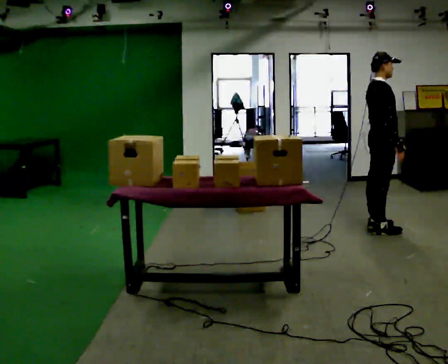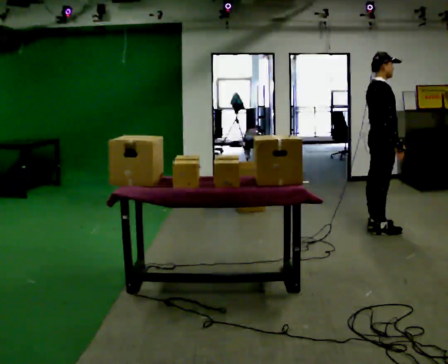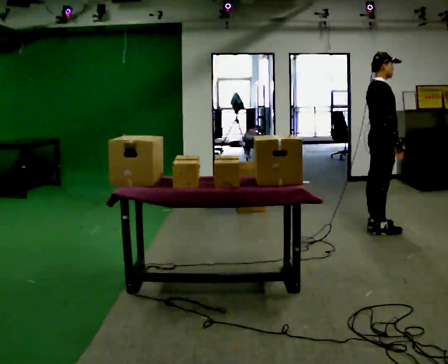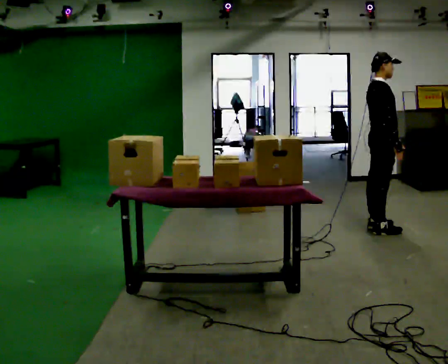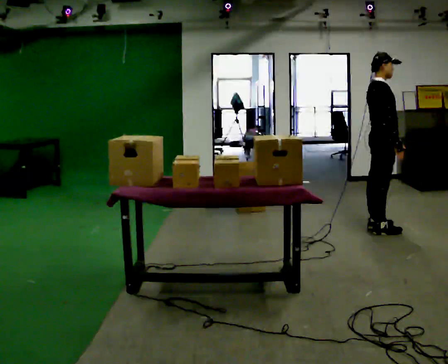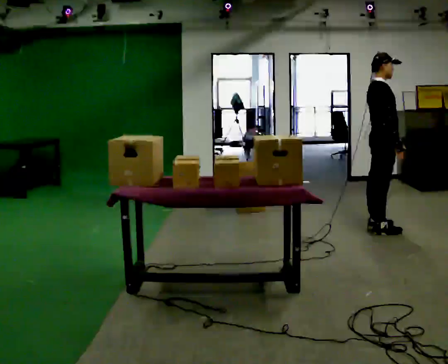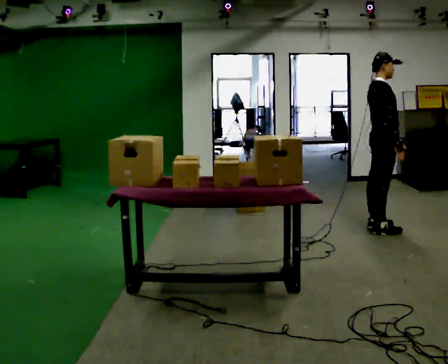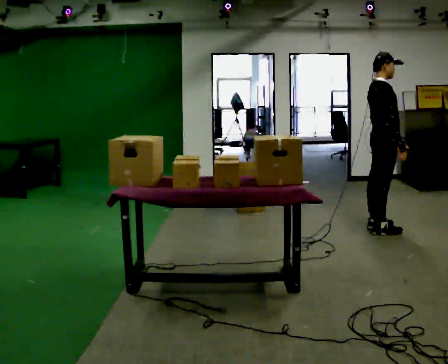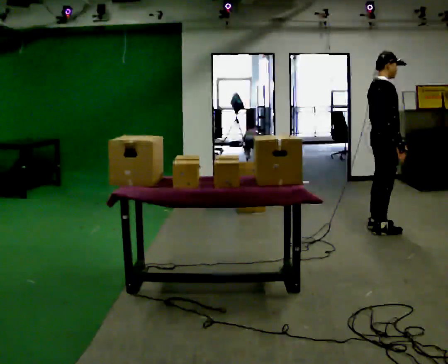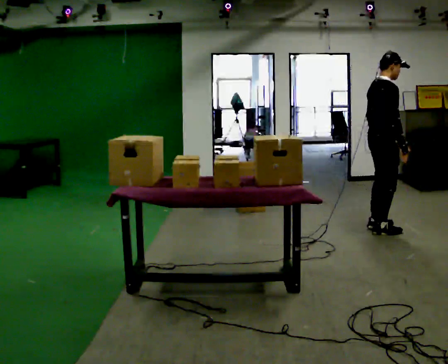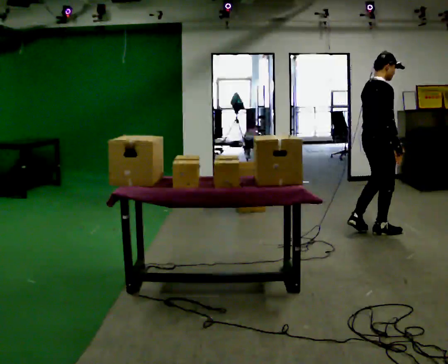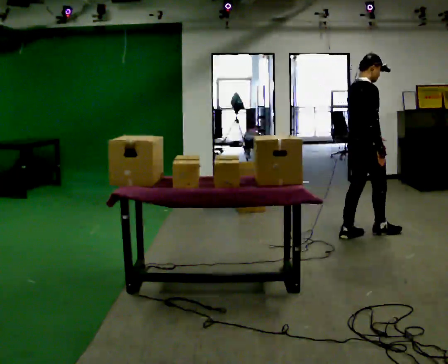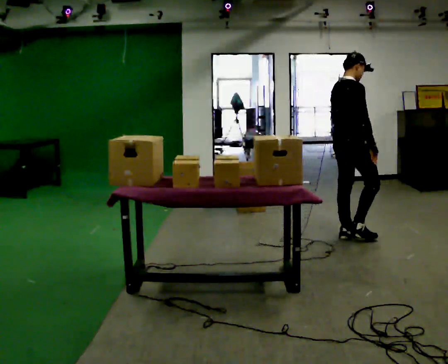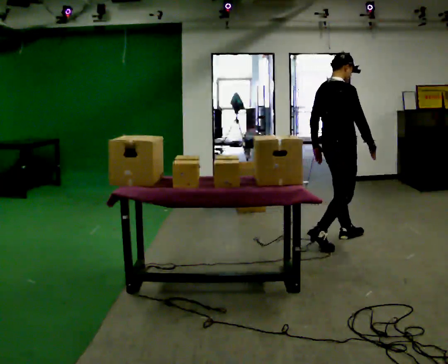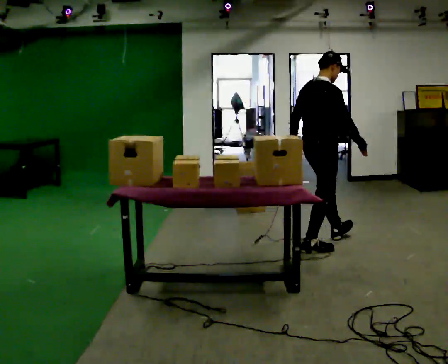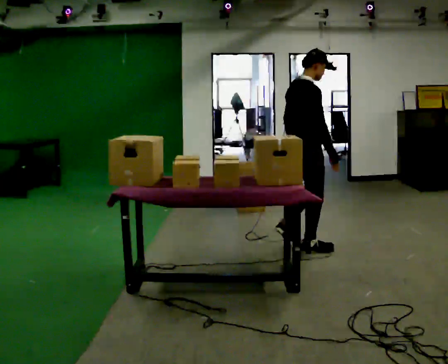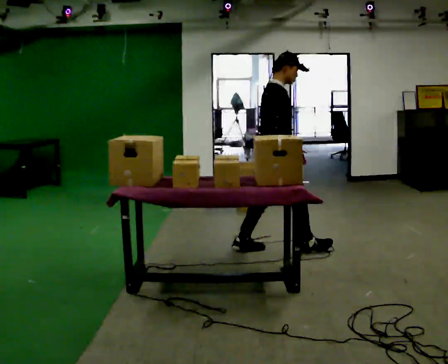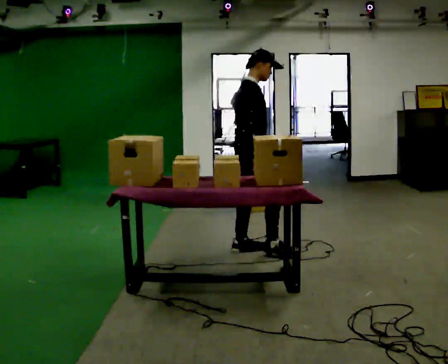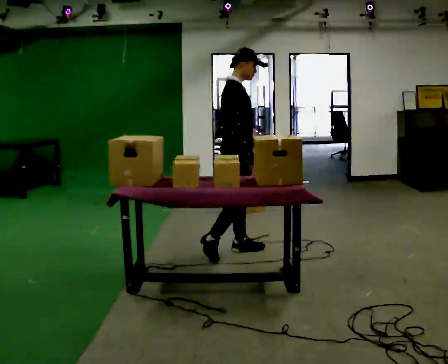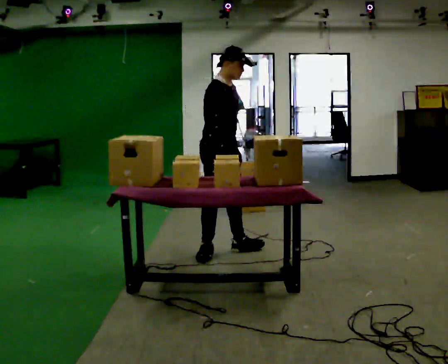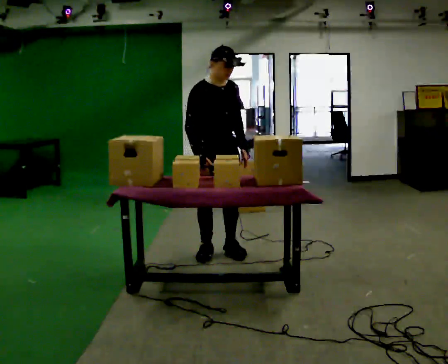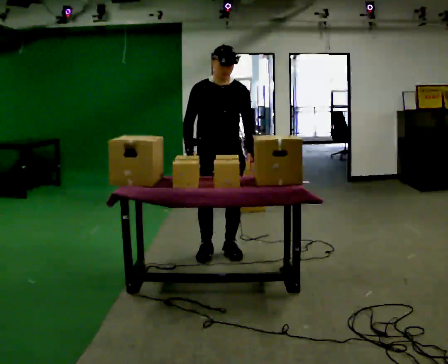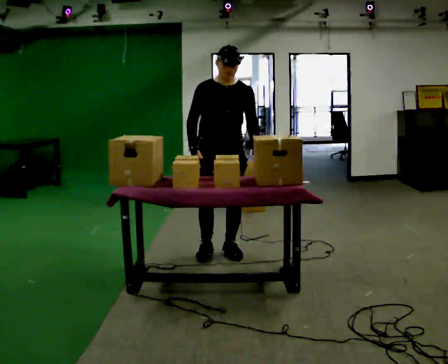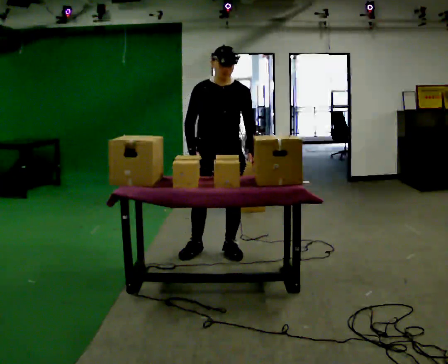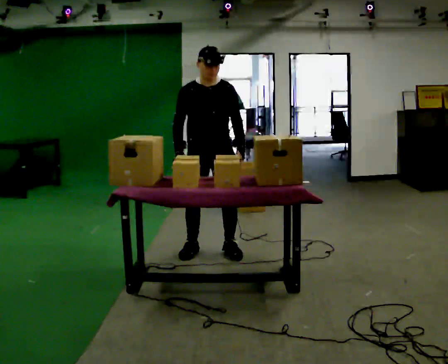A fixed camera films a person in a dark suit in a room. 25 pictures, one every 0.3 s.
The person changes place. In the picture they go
to the left.
0.0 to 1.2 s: The person keeps their place and pose.
1.2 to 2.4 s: The person moves a little, or ends about where they began.
2.4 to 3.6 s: In the picture they go to the left and toward the camera, about 0.5 m in 2 steps, which for them is backward.
3.6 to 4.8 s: In the picture they go to the left and toward the camera, about 0.5 m in 1 step, which for them is backward.
4.8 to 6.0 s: The person turns about 60 degrees to their right, clockwise seen from above, so the part of the body nearest the lens slides to the left. In the picture they go to the left, about 0.5 m in 1 step, which for them is backward.
6.0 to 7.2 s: The person turns about 30 degrees to their right, clockwise seen from above, so the part of the body nearest the lens slides to the left.
The film runs backward here.
